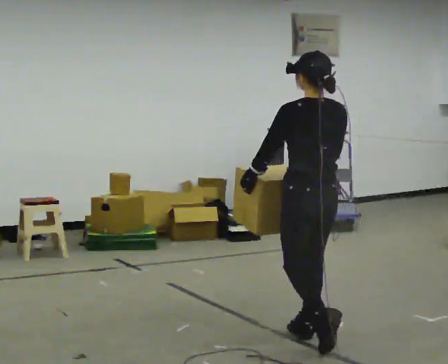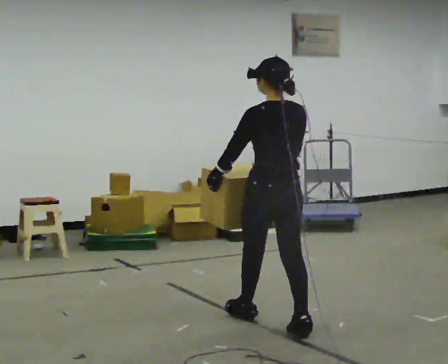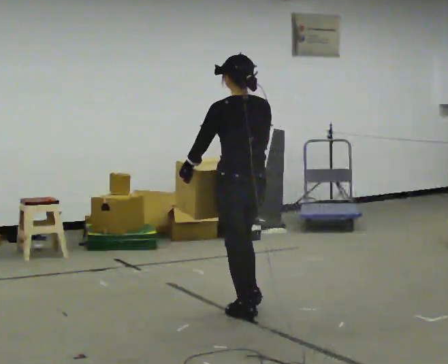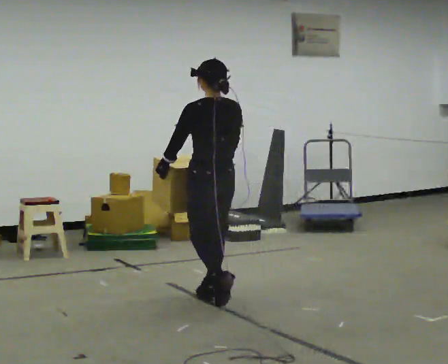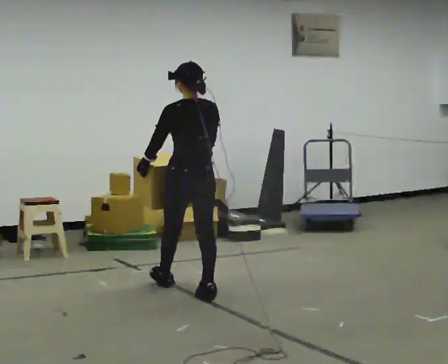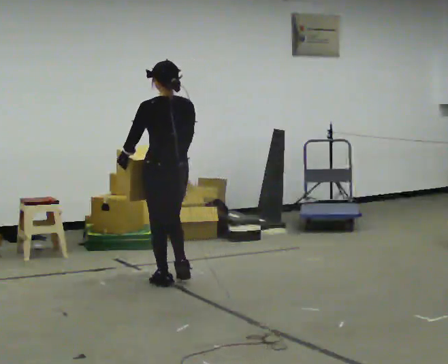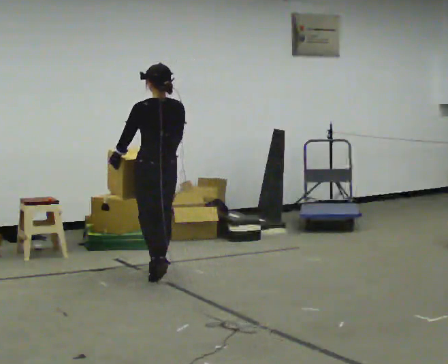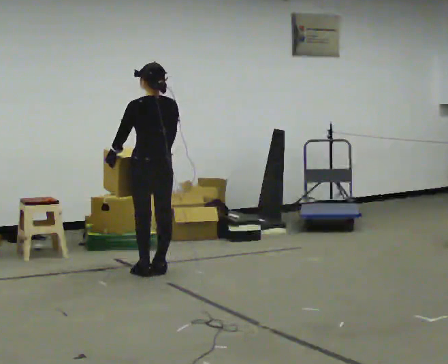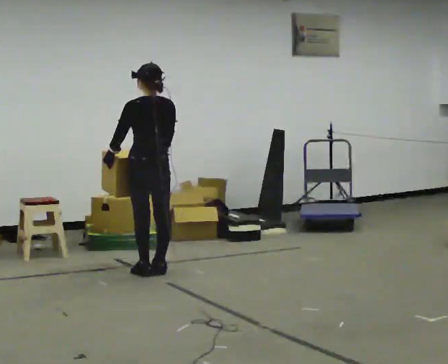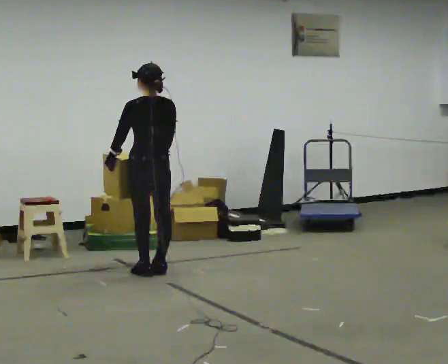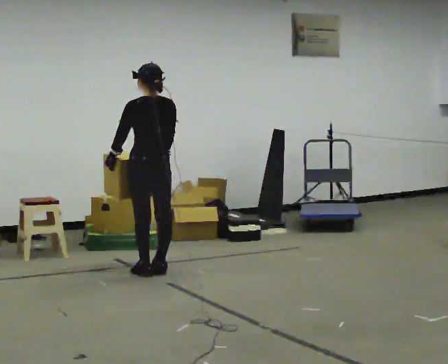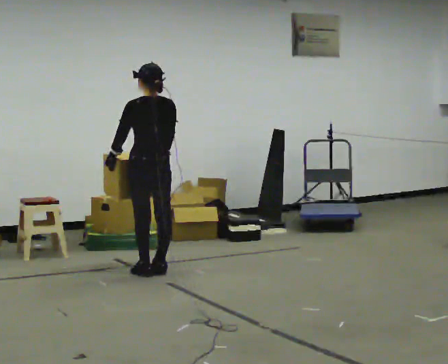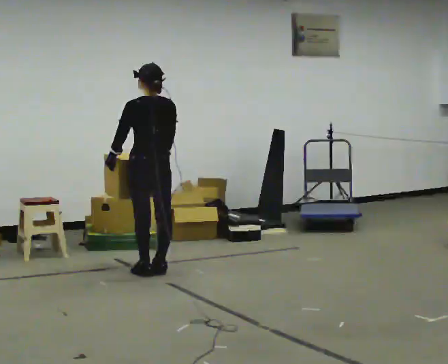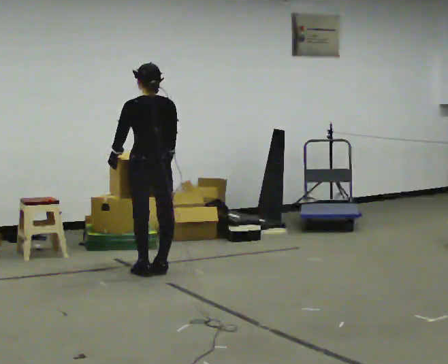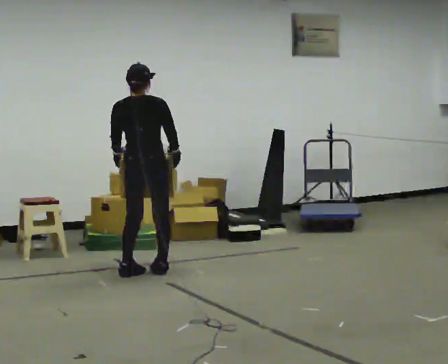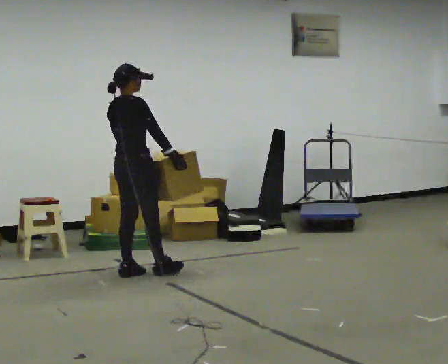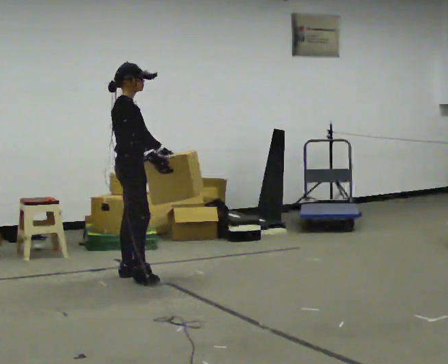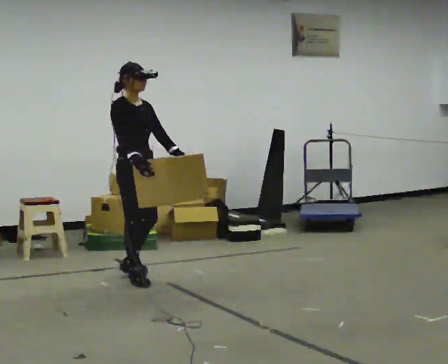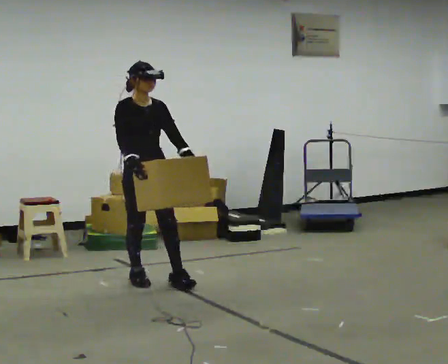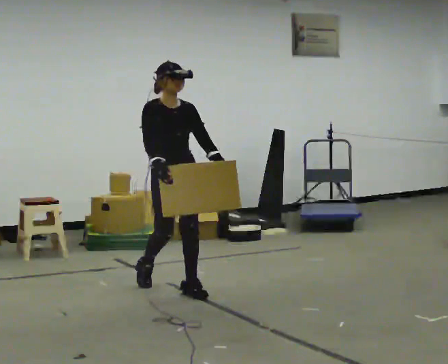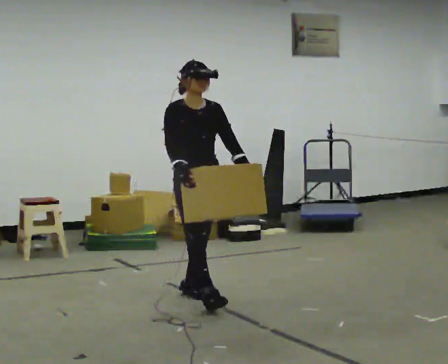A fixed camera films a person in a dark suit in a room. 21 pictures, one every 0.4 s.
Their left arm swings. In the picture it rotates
counterclockwise.
The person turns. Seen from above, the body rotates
clockwise.
0.0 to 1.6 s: In the picture they go away from the camera and to the left, about 1.5 m in 2 steps, which for them is forward.
1.6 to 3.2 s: In the picture they go away from the camera and to the left, about 0.75 m in 3 steps, which for them is forward.
3.2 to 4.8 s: The person keeps their place and pose.
4.8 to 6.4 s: The part of the body nearest the lens slides to the left as the person turns to their right by about 120 degrees. In the picture they go to the left, about 0.25 m in 2 steps.
6.4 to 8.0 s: Seen from above the body turns clockwise, about 60 degrees: to their right, with its near side sliding to the left. In the picture they go toward the camera and to the right, about 1 m in 1 step.
The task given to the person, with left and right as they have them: Carry the heavy box in both hands in front of you, walking back and forth across the room. Keep walking until the operator says stop. Set it down if you need a rest.
The film runs forward here.
